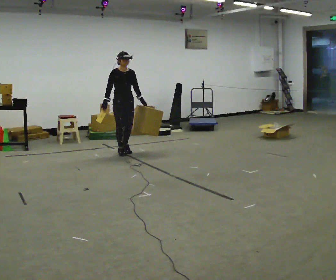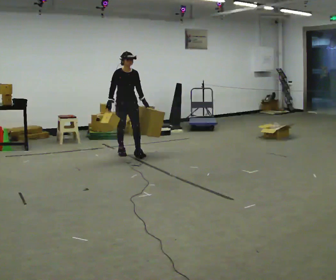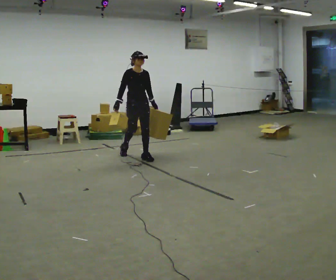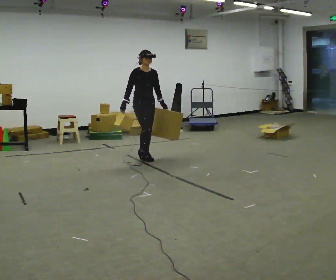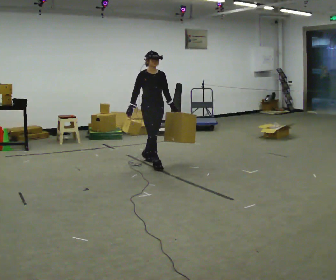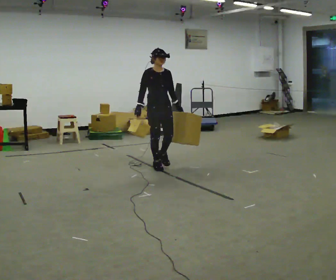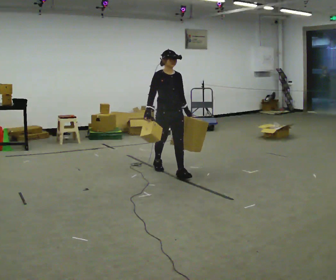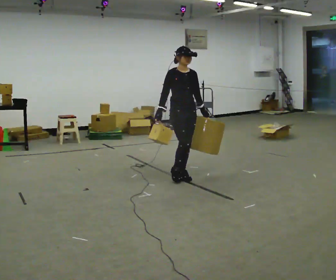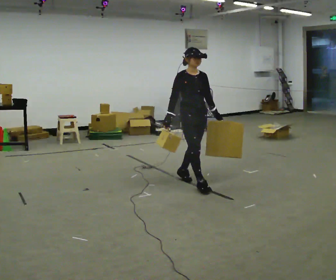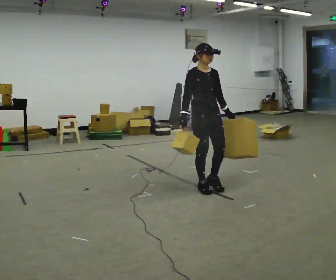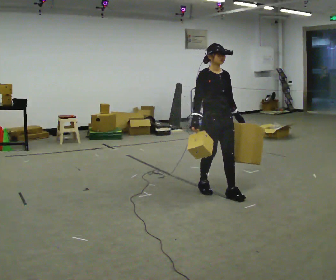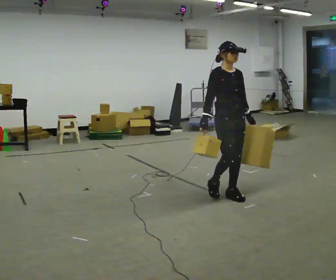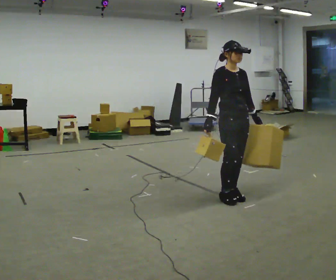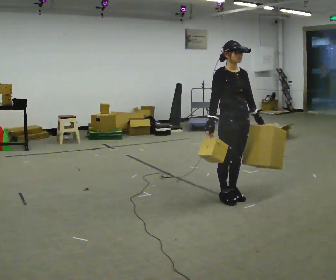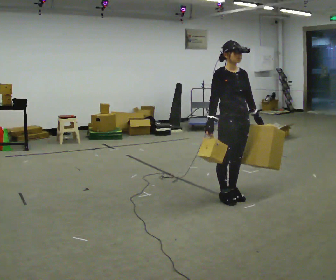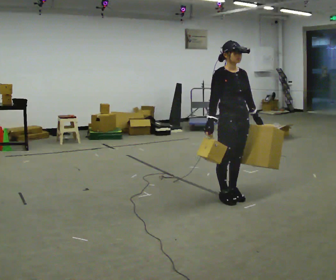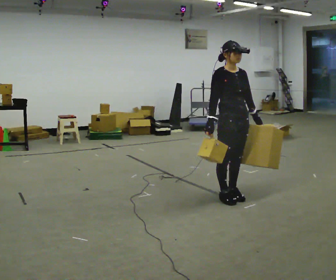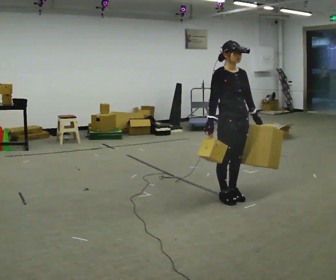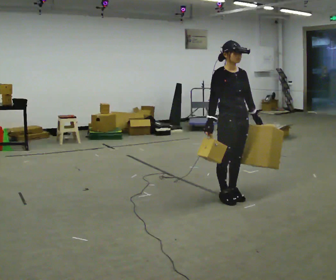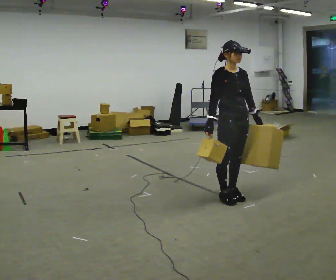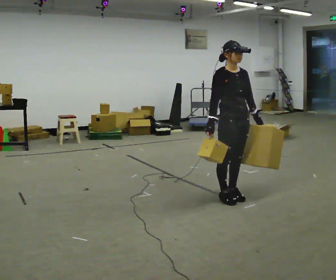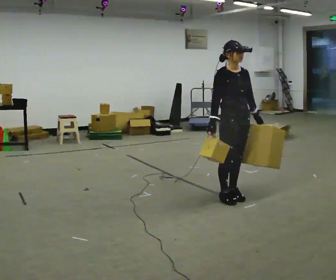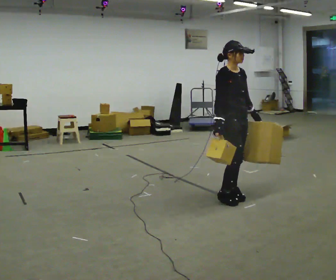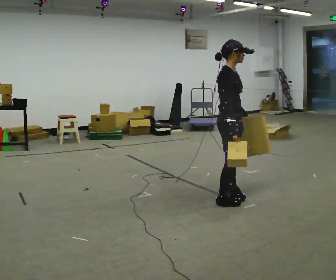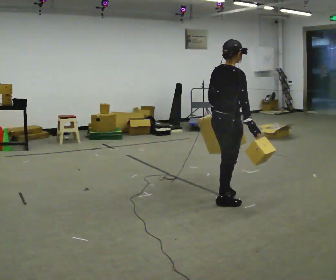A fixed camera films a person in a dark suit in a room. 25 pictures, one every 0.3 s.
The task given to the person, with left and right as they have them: Carry one object in each hand, the heavy one in the hand the operator calls, walking back and forth across the room.
0.0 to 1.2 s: In the picture they go to the right and toward the camera, about 1 m in 2 steps, which for them is forward.
1.2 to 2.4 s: In the picture they go toward the camera and to the right, about 1 m in 2 steps, which for them is forward.
2.4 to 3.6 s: In the picture they go to the right and toward the camera, about 0.75 m in 2 steps, which for them is forward.
3.6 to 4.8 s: The person moves a little, or ends about where they began.
4.8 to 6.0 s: The person keeps their place and pose.
6.0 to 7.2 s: The part of the body nearest the lens slides to the right as the person turns to their left by about 90 degrees. In the picture their left hand goes to the left, the arm swinging clockwise.
The film runs forward here.
